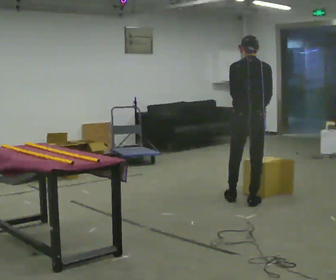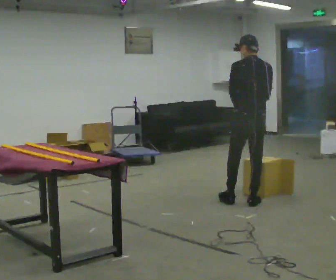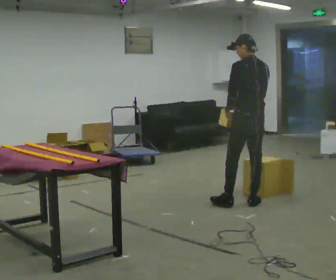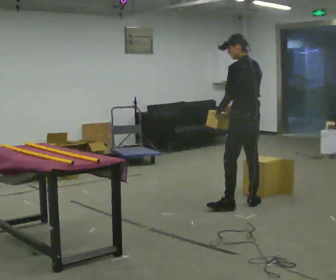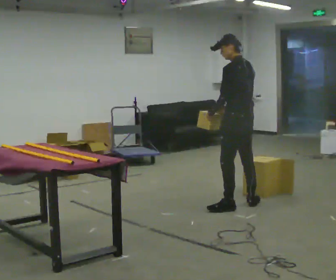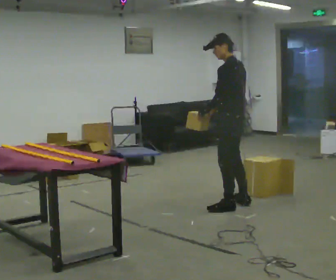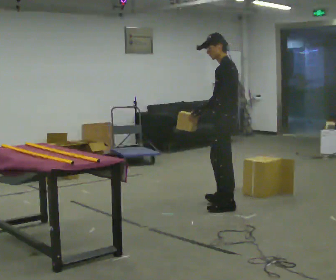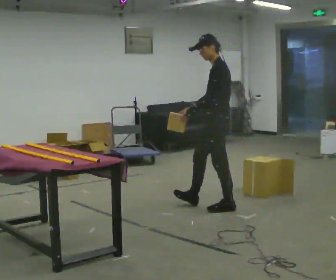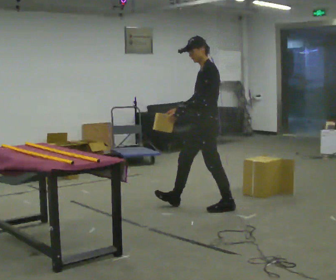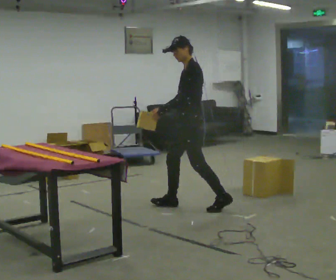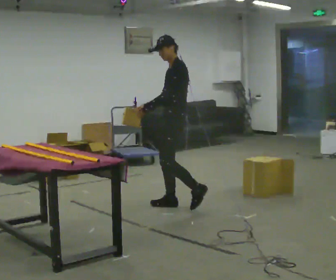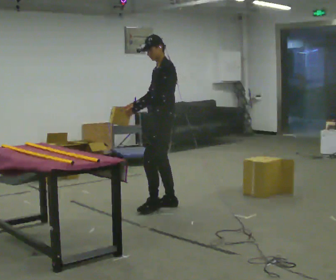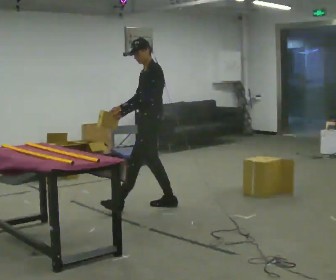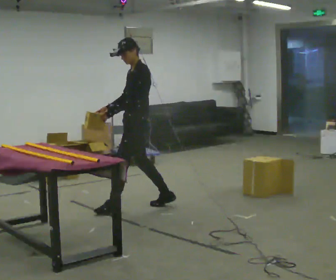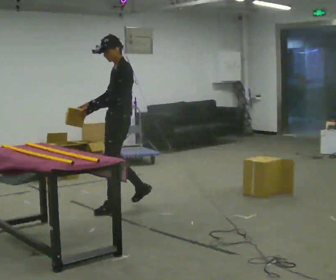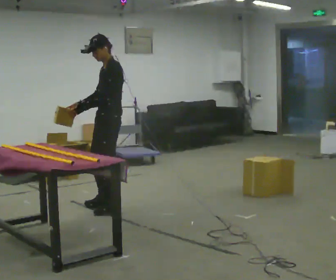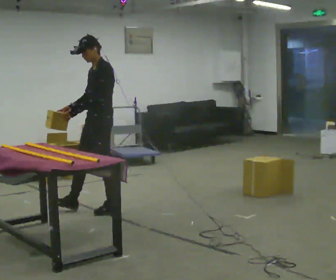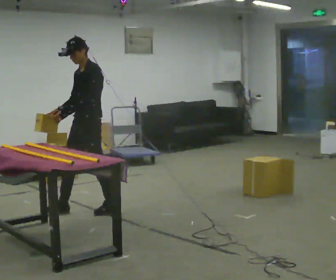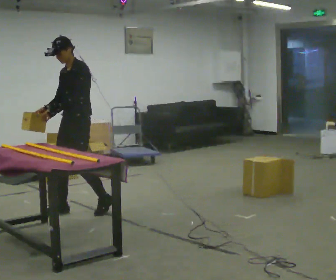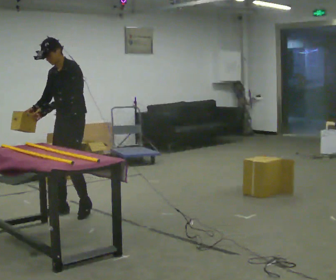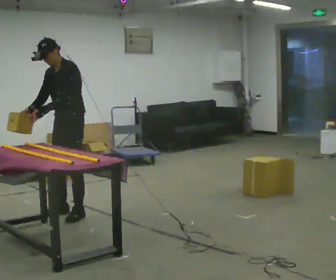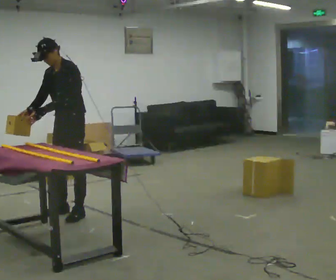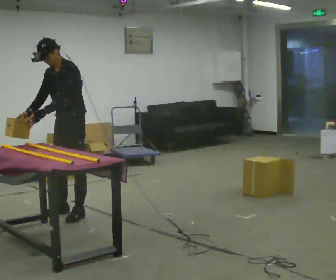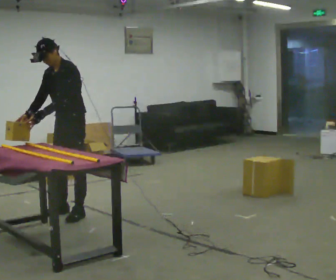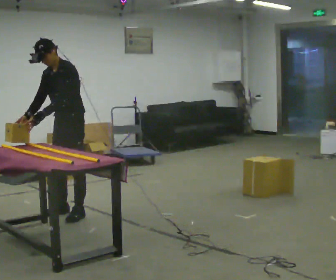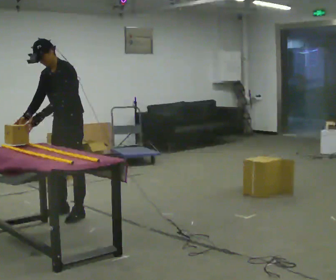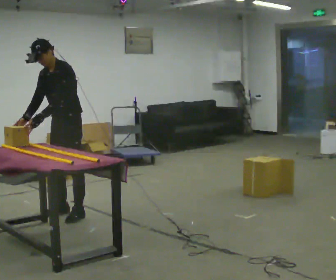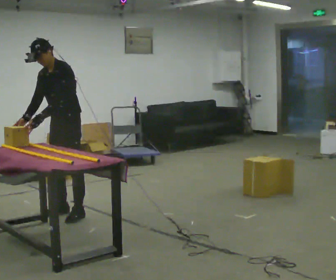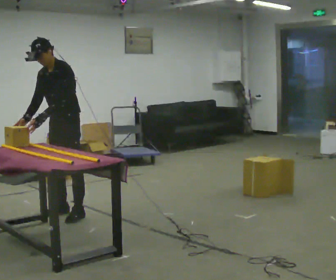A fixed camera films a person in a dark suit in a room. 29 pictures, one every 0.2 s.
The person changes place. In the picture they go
to the left.
The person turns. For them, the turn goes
to their left.
0.0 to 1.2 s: The part of the body nearest the lens slides to the right as the person turns to their left by about 75 degrees. In the picture they go to the left, about 0.25 m in 1 step.
1.2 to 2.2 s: The person turns about 30 degrees to their left, counterclockwise seen from above, so the part of the body nearest the lens slides to the right. In the picture they go to the left, about 0.5 m in 1 step, which for them is forward.
2.2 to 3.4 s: Seen from above the body turns counterclockwise, about 30 degrees: to their left, with its near side sliding to the right. In the picture they go to the left, about 0.5 m in 2 steps, which for them is forward.
3.4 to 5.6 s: In the picture they go to the left, about 0.25 m in 1 step, which for them is forward.
The film runs forward here.
